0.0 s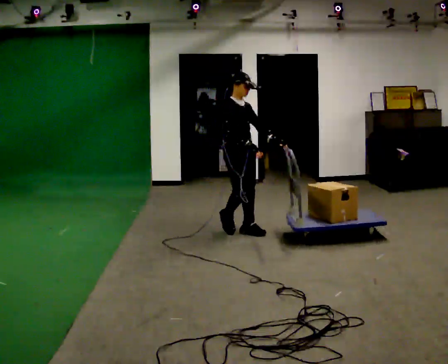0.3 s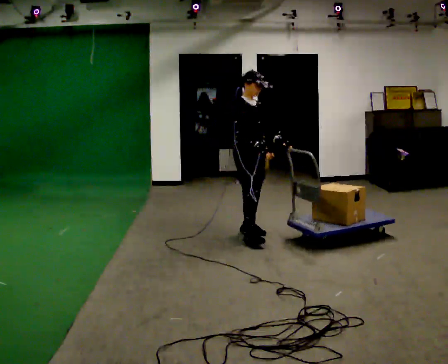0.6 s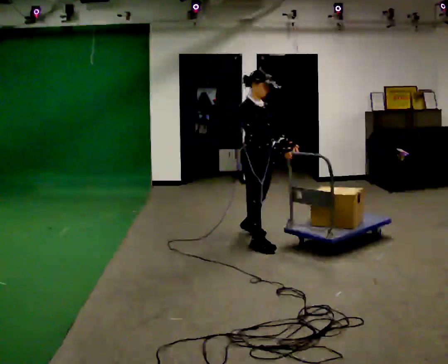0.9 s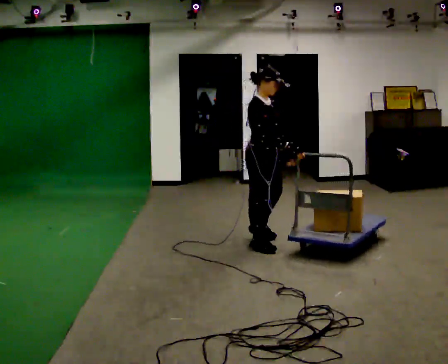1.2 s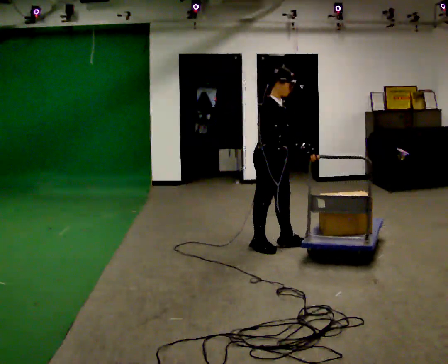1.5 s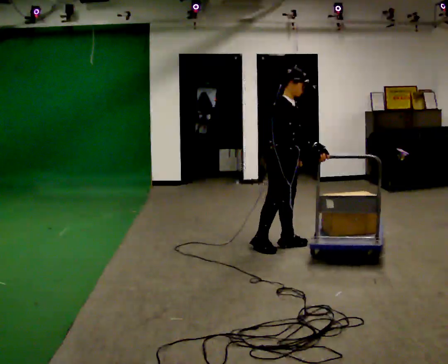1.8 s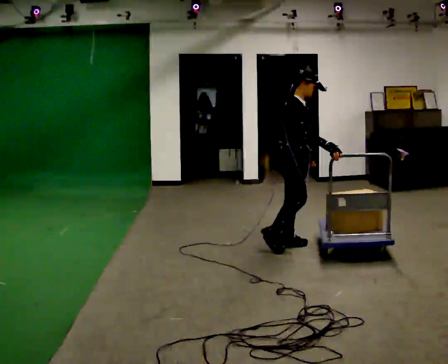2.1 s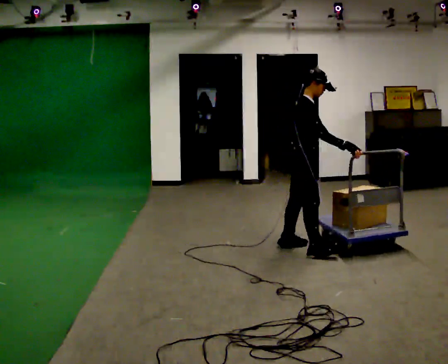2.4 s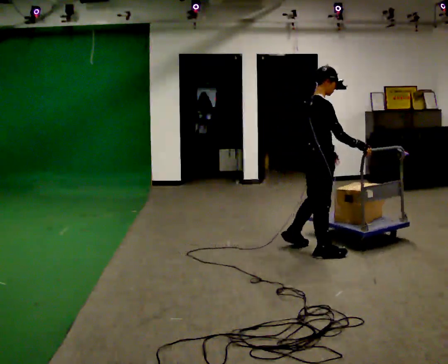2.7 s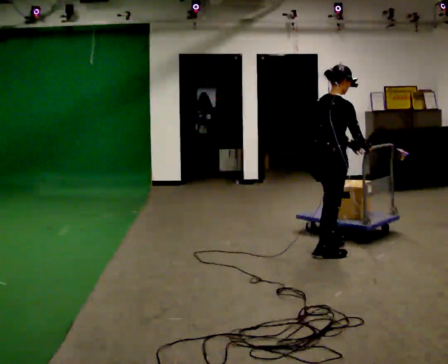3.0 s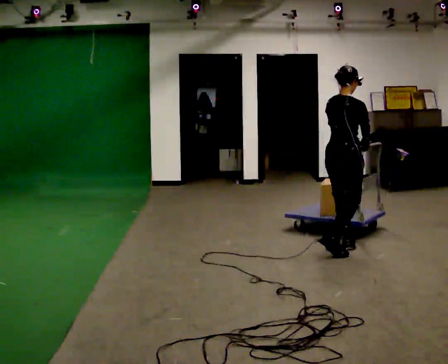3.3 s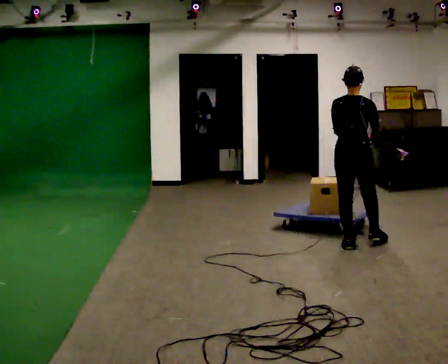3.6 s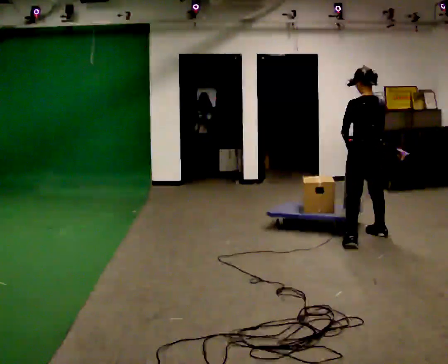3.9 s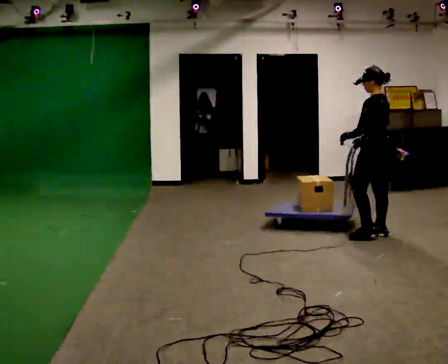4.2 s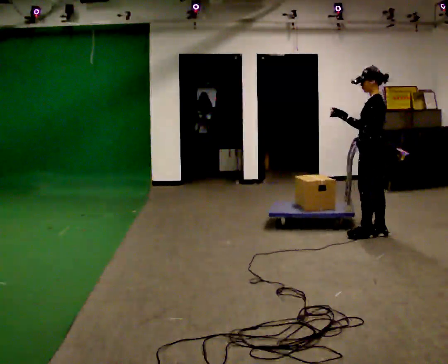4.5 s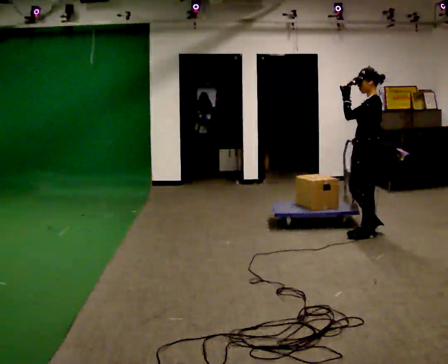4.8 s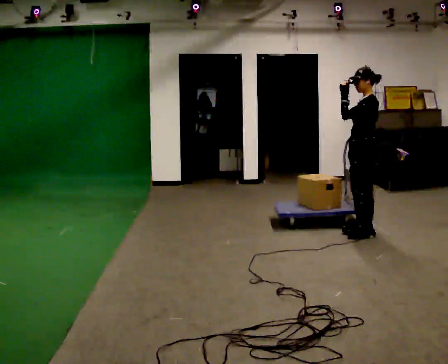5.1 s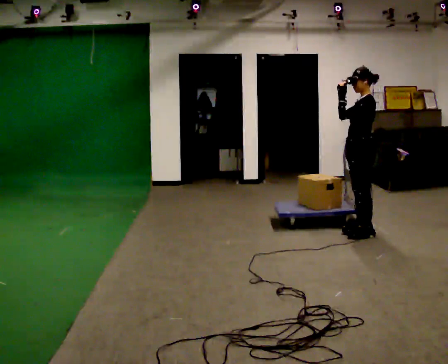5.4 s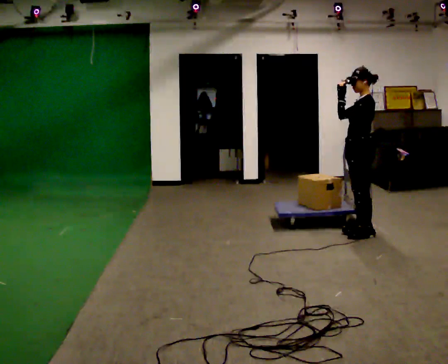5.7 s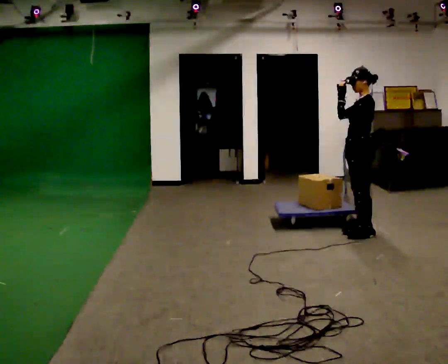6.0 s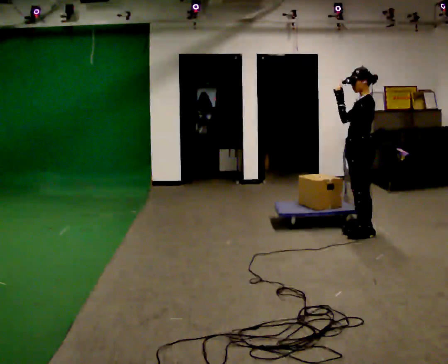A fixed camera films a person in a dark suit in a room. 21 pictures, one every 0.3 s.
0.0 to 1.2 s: In the picture they go toward the camera and to the right, about 0.5 m in 1 step, which for them is forward and to their right.
1.2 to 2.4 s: The part of the body nearest the lens slides to the right as the person turns to their left by about 30 degrees. In the picture they go to the right, about 0.5 m in 2 steps, which for them is forward.
2.4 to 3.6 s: Seen from above the body turns counterclockwise, about 105 degrees: to their left, with its near side sliding to the right. In the picture they go to the right and away from the camera, about 0.5 m in 2 steps.
3.6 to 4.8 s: The part of the body nearest the lens slides to the right as the person turns to their left by about 60 degrees. In the picture their left hand goes upward.
4.8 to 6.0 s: The person moves a little, or ends about where they began.
The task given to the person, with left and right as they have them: Push the cart across the room and back. The operator will change how much is loaded on it between takes and will tell you each time.
The film runs forward here.
